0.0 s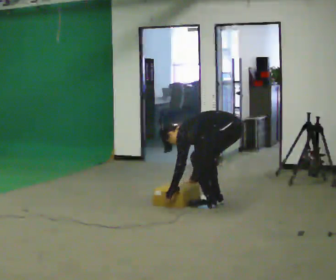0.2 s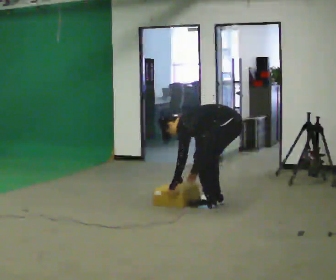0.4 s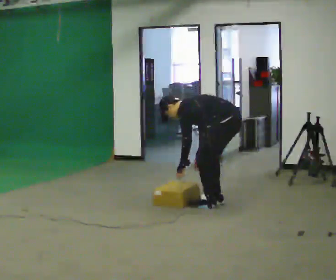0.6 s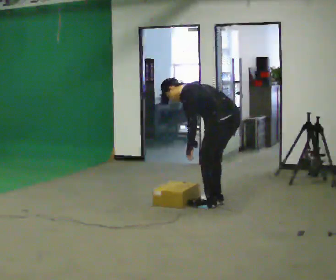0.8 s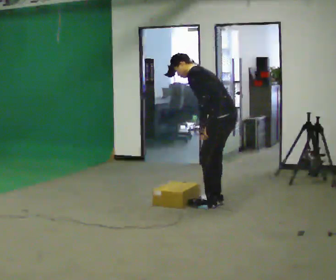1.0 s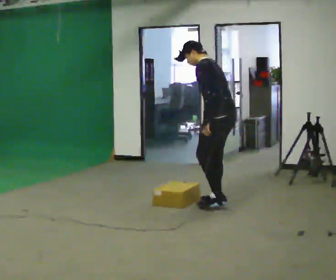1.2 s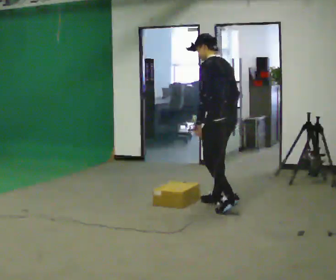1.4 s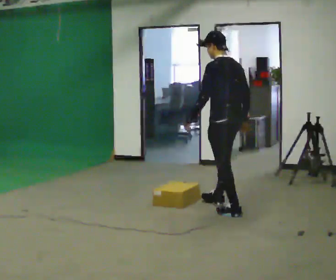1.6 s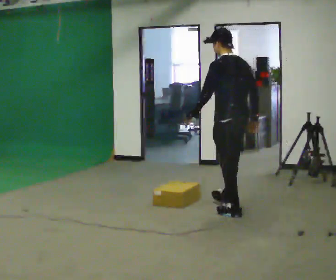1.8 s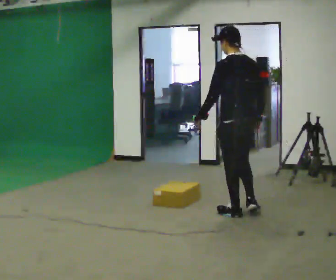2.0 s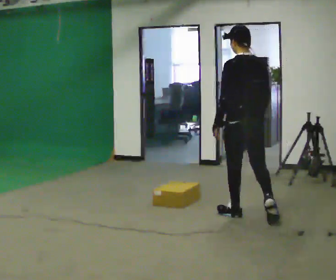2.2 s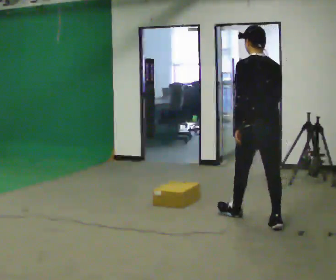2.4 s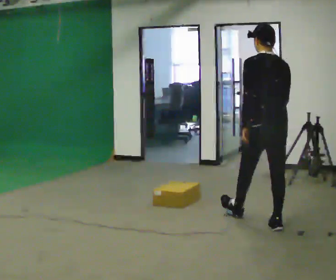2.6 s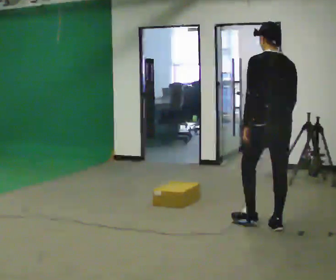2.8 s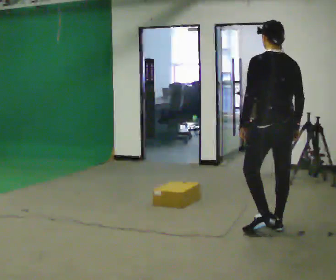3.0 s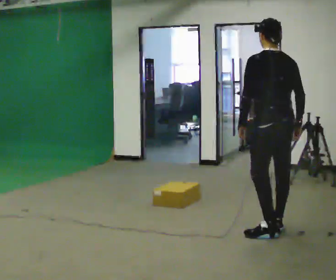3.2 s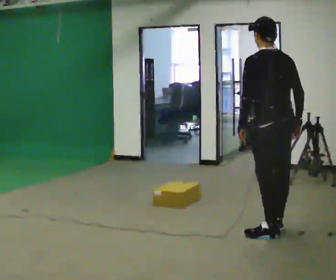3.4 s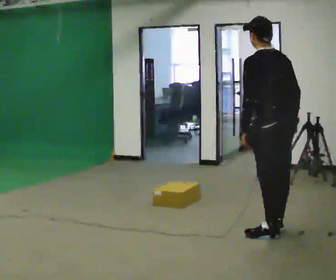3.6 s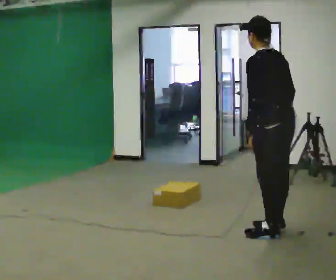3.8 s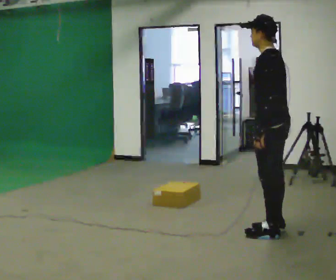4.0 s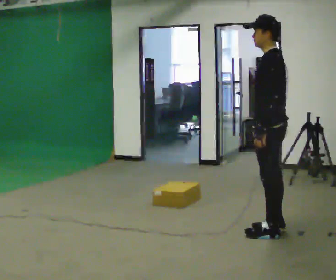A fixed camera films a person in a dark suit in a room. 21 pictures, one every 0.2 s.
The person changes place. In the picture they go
toward the camera.
The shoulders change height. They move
upward.
0.0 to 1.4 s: In the picture they go toward the camera, about 0.25 m in 1 step, which for them is to their left. The upper body goes upward. In the picture the upper body tilts clockwise, shoulders to the right, as they lean back or straighten. In the picture their left hand goes upward.
1.4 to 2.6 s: Seen from above the body turns clockwise, about 30 degrees: to their right, with its near side sliding to the left. In the picture they go toward the camera and to the right, about 0.5 m in 2 steps, which for them is backward.
2.6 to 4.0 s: Seen from above the body turns counterclockwise, about 60 degrees: to their left, with its near side sliding to the right. In the picture they go toward the camera, about 0.25 m, which for them is backward and to their left.
The film runs backward here.
